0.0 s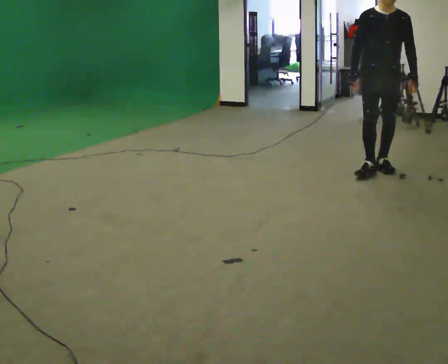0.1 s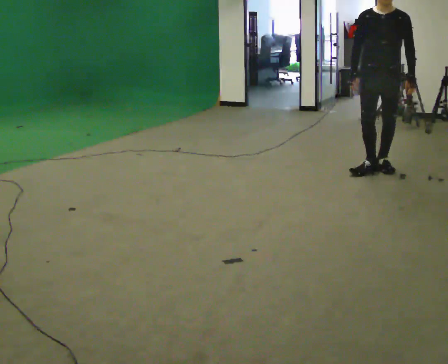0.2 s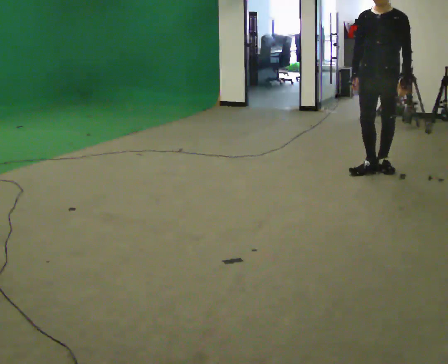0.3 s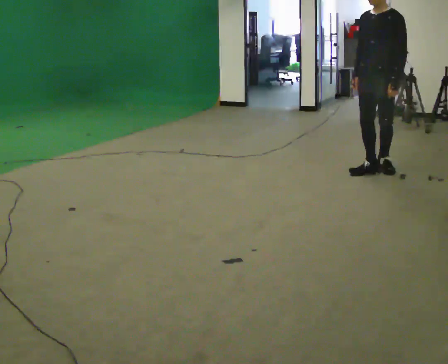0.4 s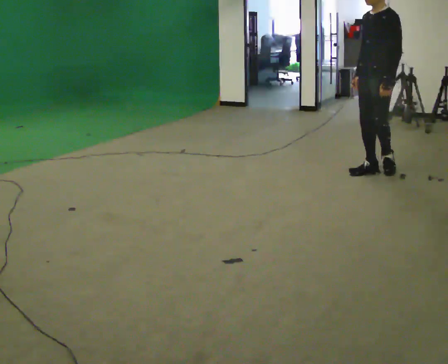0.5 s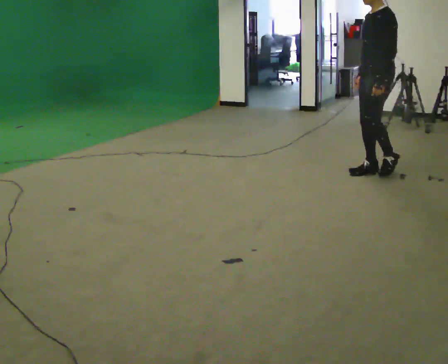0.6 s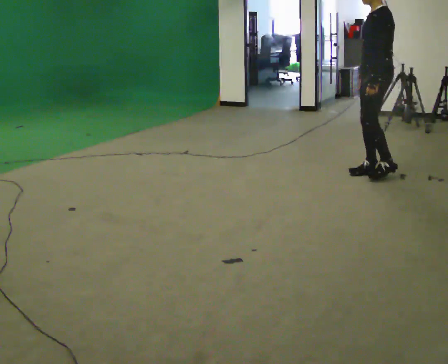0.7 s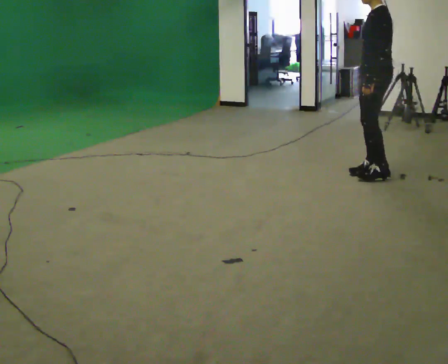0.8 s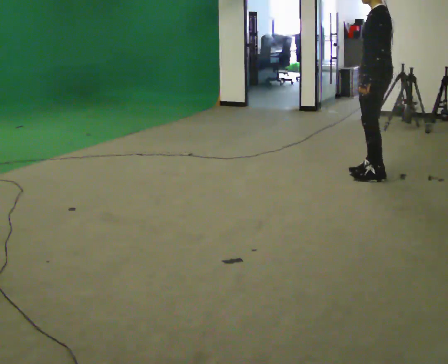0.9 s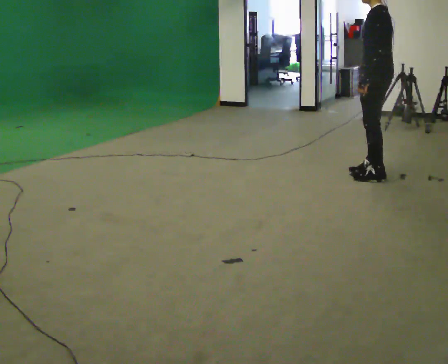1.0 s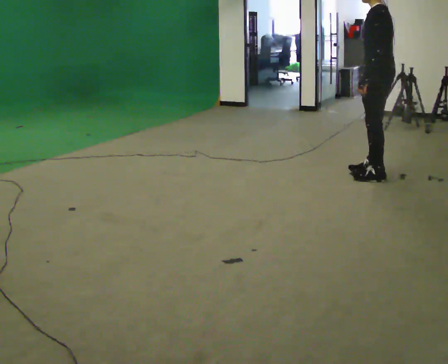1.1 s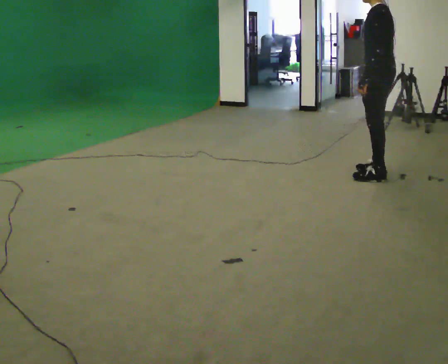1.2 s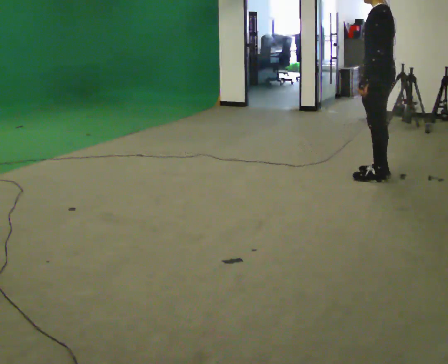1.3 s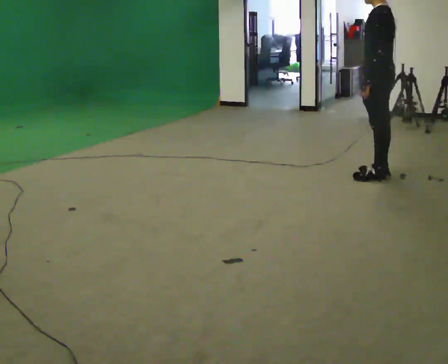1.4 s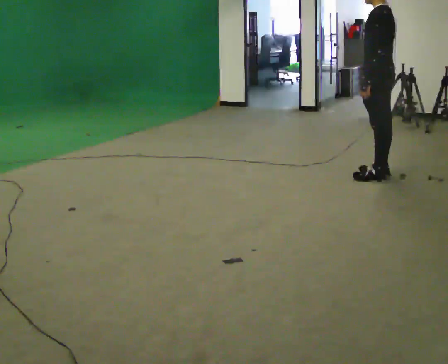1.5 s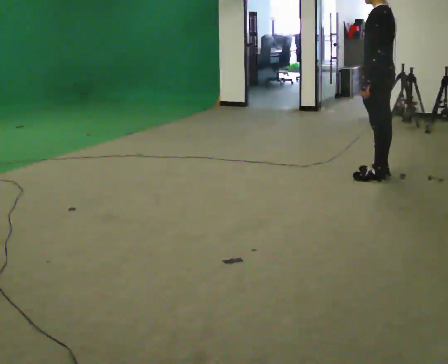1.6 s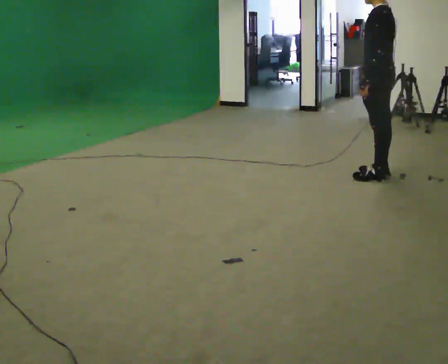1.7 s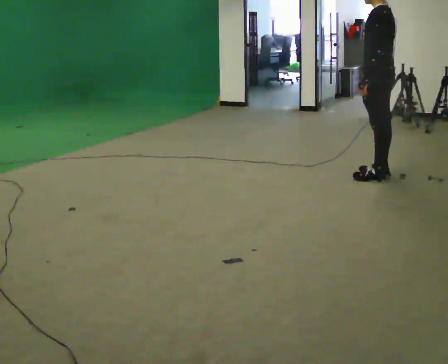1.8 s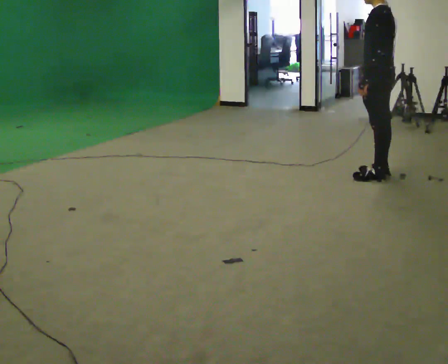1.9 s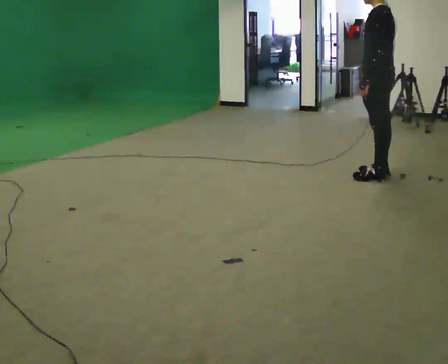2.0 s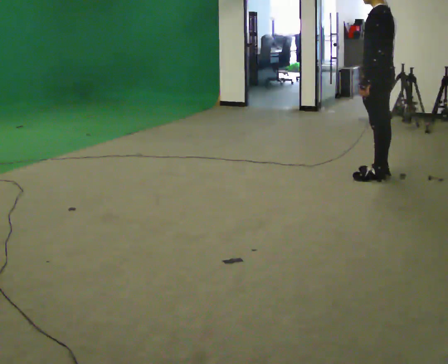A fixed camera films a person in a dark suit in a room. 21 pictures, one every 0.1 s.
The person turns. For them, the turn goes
to their right.
The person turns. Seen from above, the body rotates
clockwise.
0.0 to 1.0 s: The person turns about 105 degrees to their right, clockwise seen from above, so the part of the body nearest the lens slides to the left. In the picture they go toward the camera, about 0.25 m in 2 steps. In the picture their left hand goes to the left.
1.0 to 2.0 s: The person moves a little, or ends about where they began.
The film runs forward here.
